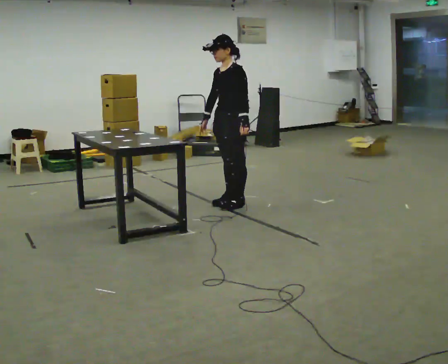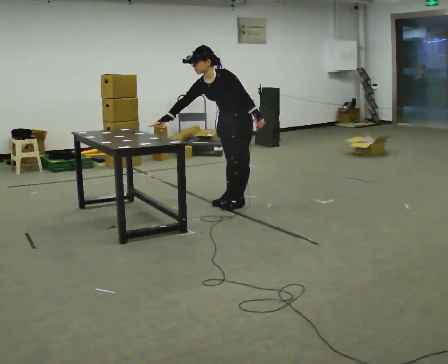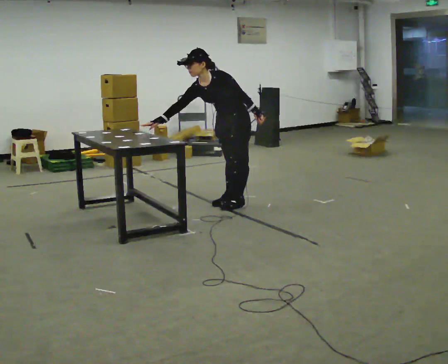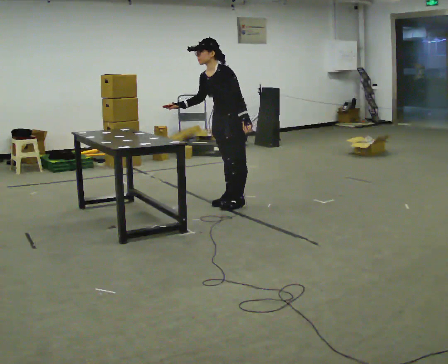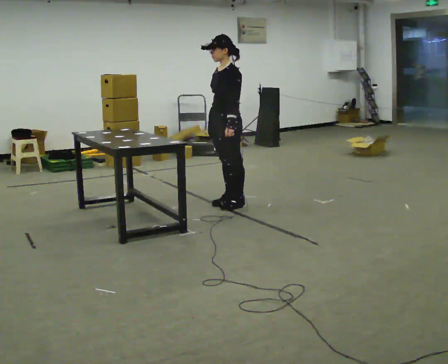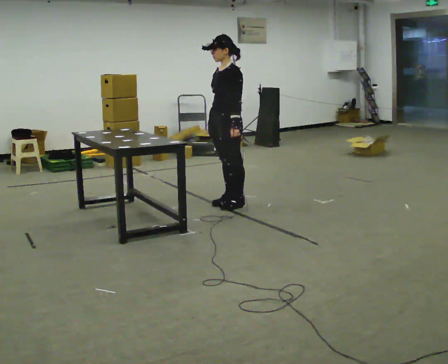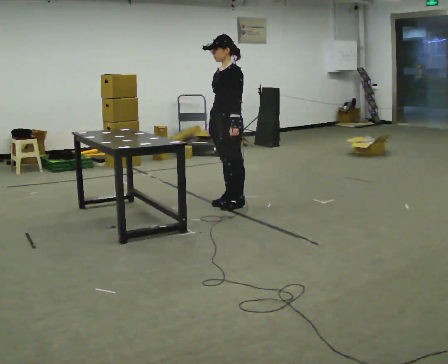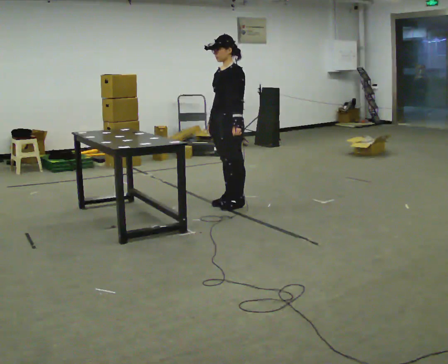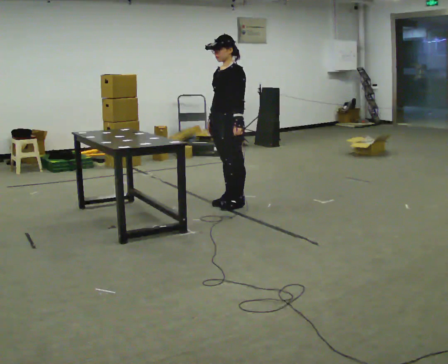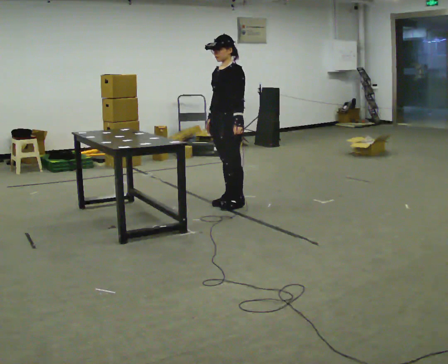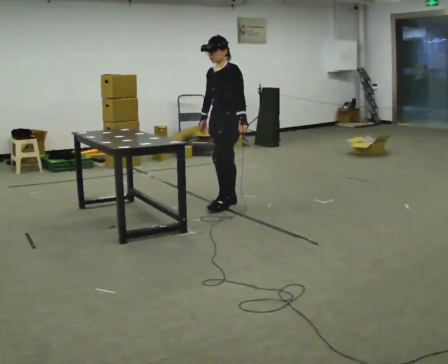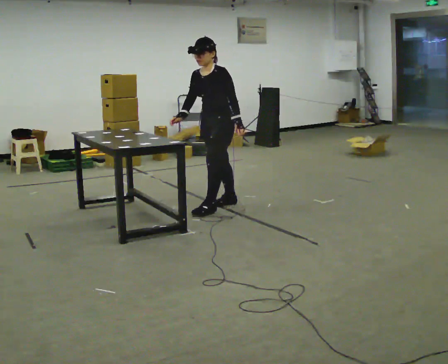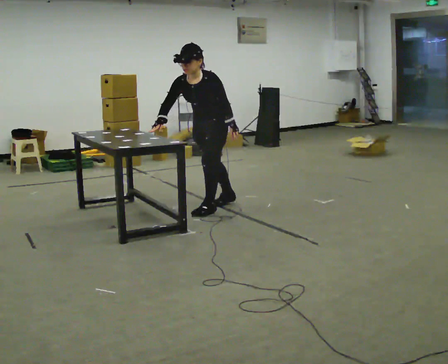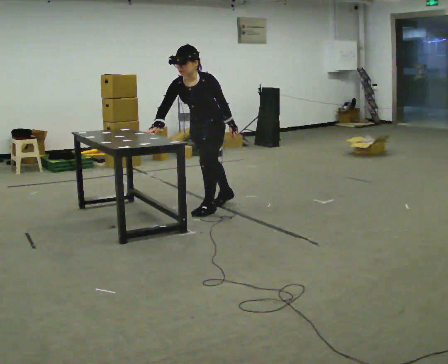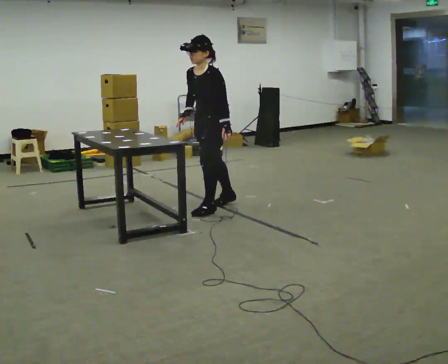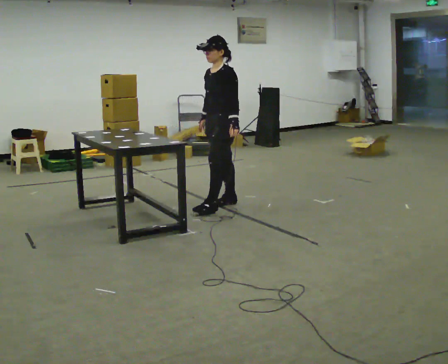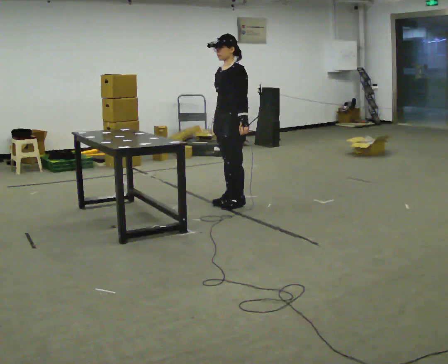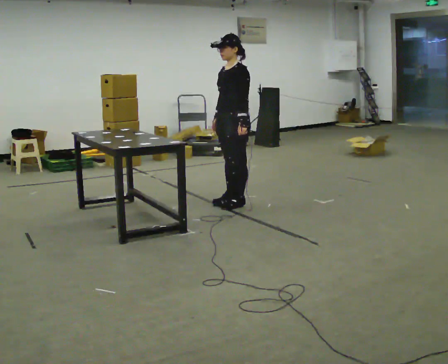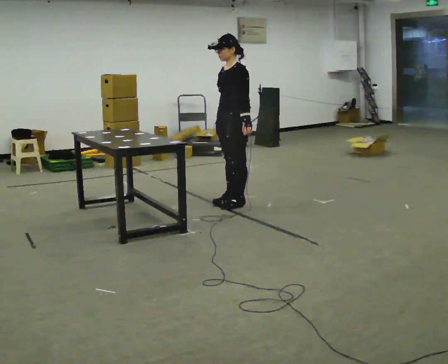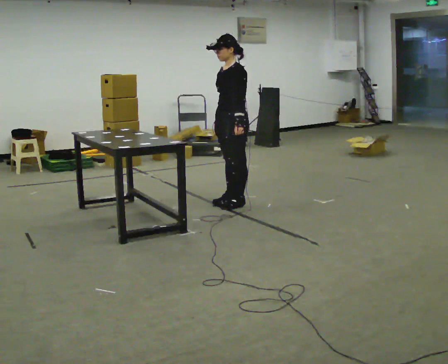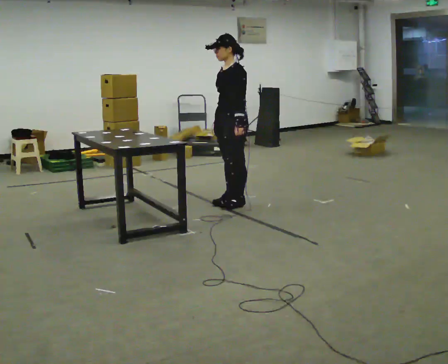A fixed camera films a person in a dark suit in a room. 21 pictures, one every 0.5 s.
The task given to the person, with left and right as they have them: Touch each numbered target on the board in front of you in the order the operator calls. Keep both feet on the marked spots for the whole take. If you have to step, stop and tell the operator.
0.0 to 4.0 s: The person moves a little, or ends about where they began.
4.0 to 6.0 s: The person turns about 30 degrees to their left, counterclockwise seen from above, so the part of the body nearest the lens slides to the right. In the picture they go to the left and toward the camera, about 0.25 m in 1 step, which for them is forward. The upper body tips toward the camera, its near side rolling downward, as they bend forward. In the picture their right hand goes to the left.
6.0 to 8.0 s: In the picture they go to the right and away from the camera, about 0.25 m in 1 step, which for them is backward. The upper body tips away from the camera, its near side rolling upward, as they lean back or straighten.
8.0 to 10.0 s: The person moves a little, or ends about where they began.
The film runs forward here.
